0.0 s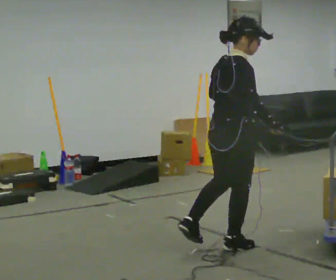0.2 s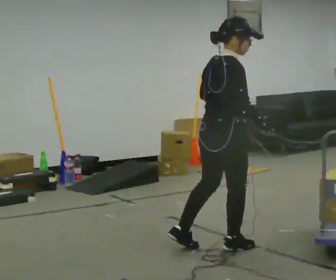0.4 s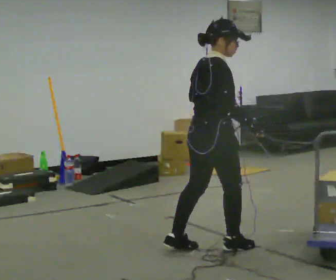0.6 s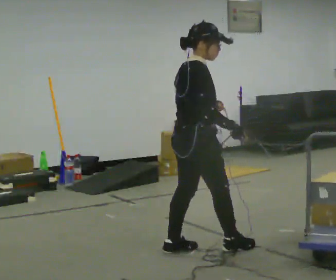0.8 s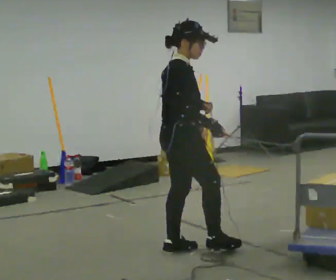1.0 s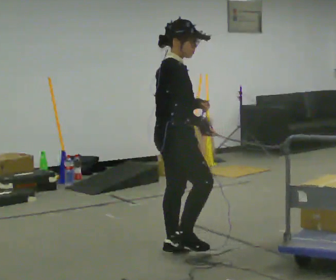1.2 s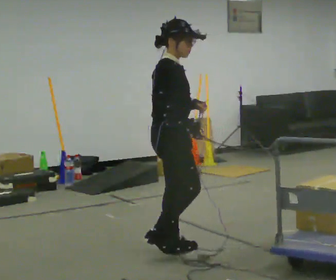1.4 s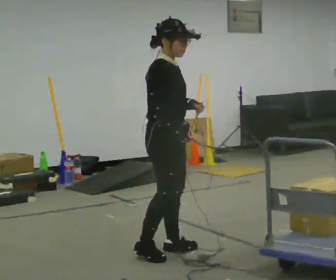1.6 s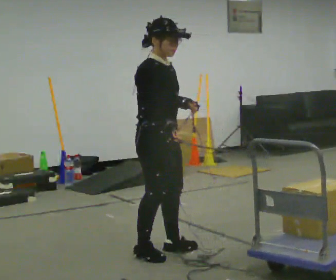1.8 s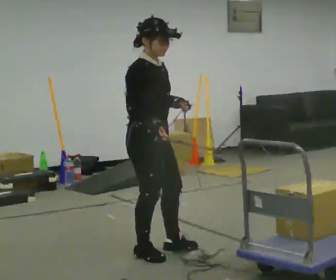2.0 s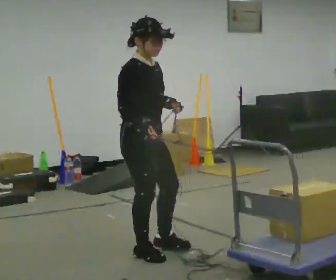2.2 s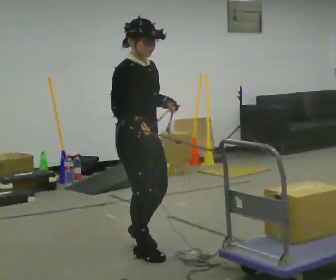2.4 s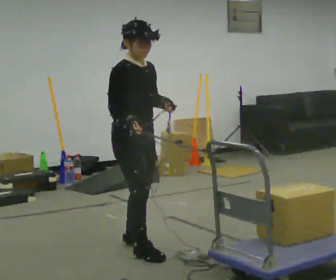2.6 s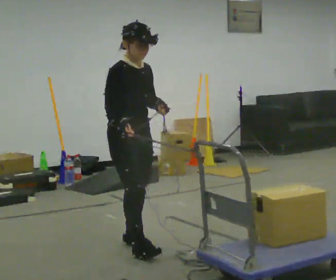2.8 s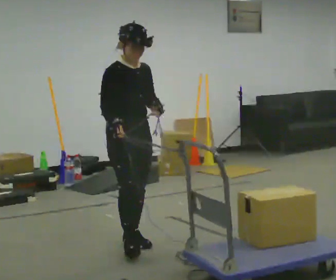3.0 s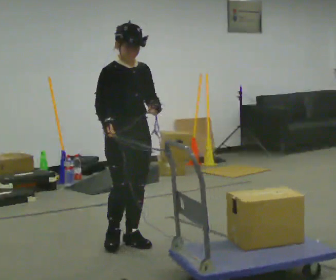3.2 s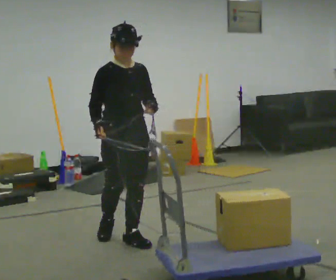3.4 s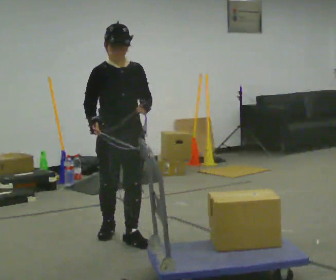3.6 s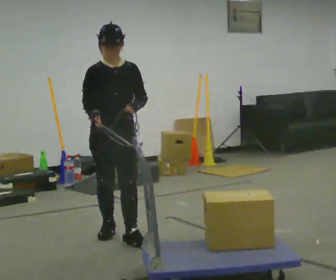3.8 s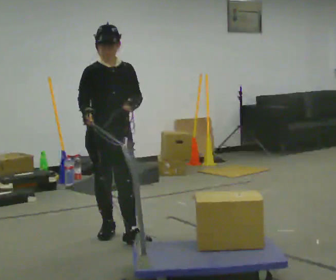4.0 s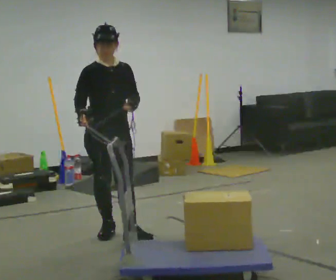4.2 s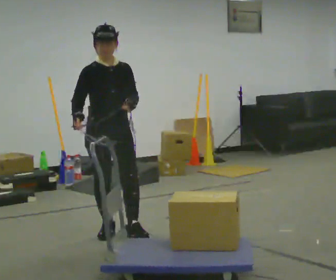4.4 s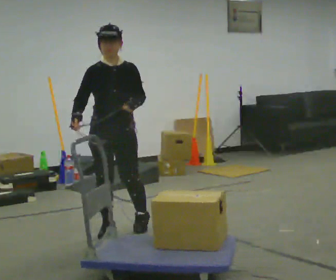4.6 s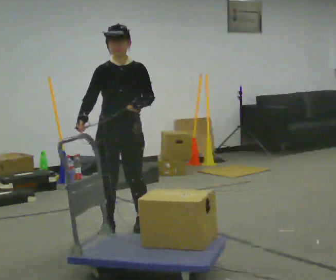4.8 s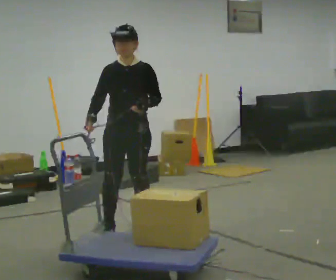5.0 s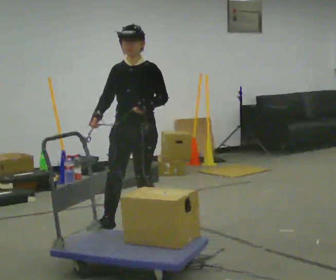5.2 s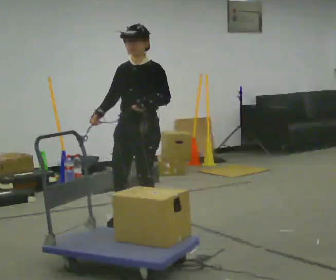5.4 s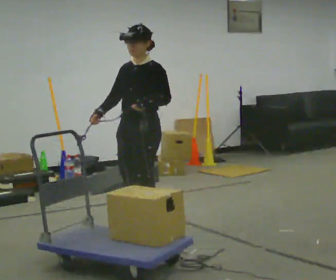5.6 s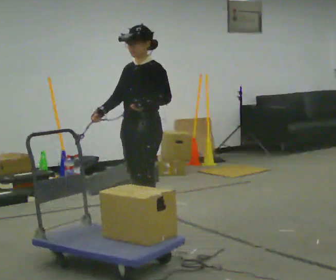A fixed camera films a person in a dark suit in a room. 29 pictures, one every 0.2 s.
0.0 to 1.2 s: The person turns about 30 degrees to their right, clockwise seen from above, so the part of the body nearest the lens slides to the left. In the picture they go to the left, about 0.5 m in 1 step, which for them is backward.
1.2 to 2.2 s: Seen from above the body turns clockwise, about 30 degrees: to their right, with its near side sliding to the left. In the picture they go to the left, about 0.25 m in 1 step, which for them is backward. In the picture their right hand goes to the left.
2.2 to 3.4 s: The part of the body nearest the lens slides to the left as the person turns to their right by about 45 degrees. In the picture they go away from the camera, about 0.25 m in 2 steps, which for them is backward.
3.4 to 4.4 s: In the picture they go away from the camera, about 0.25 m, which for them is backward.
4.4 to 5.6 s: The part of the body nearest the lens slides to the left as the person turns to their right by about 60 degrees. In the picture they go to the right and away from the camera, about 0.25 m in 2 steps, which for them is backward.
The film runs forward here.
